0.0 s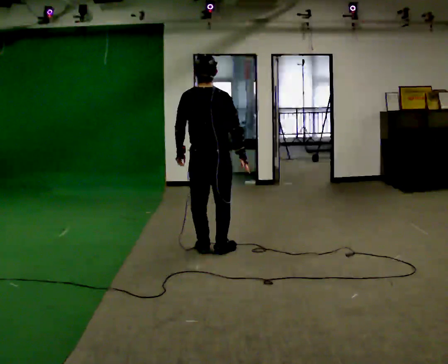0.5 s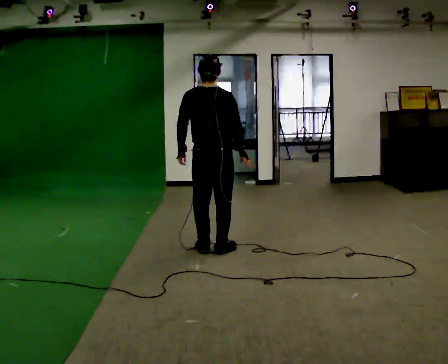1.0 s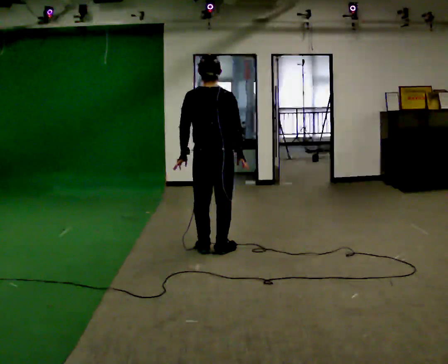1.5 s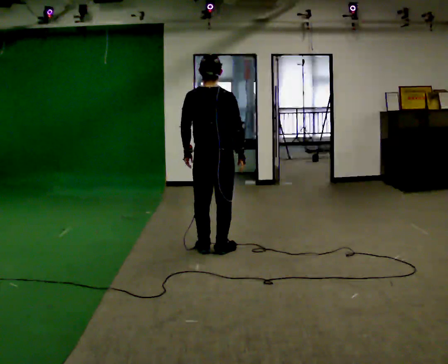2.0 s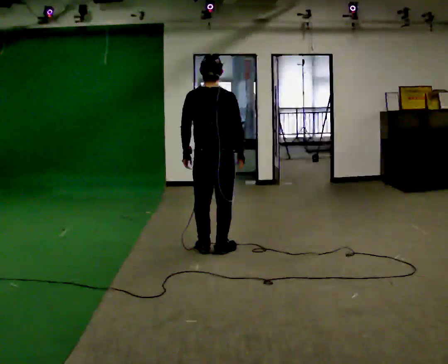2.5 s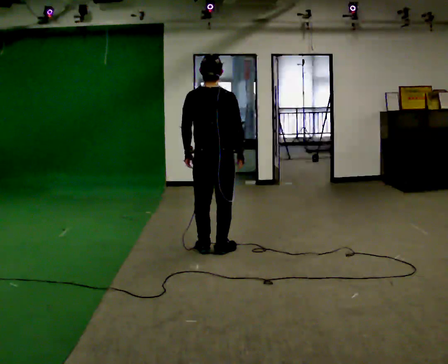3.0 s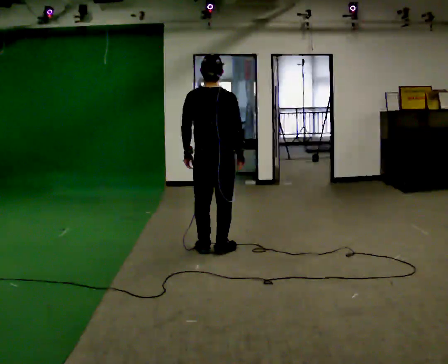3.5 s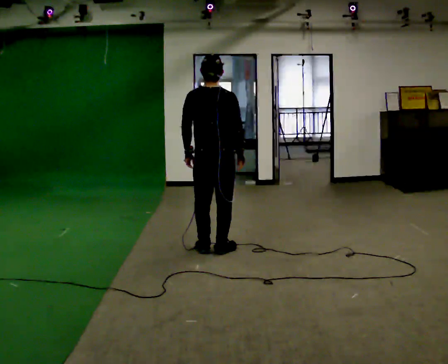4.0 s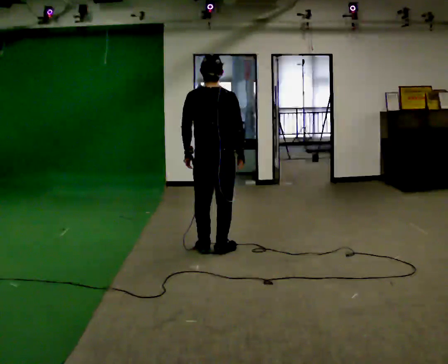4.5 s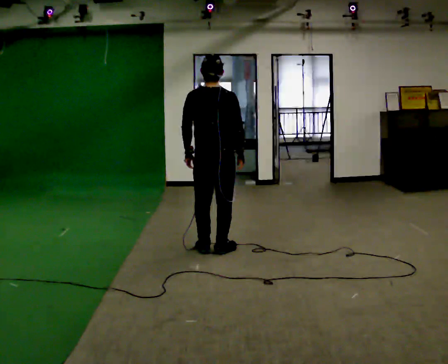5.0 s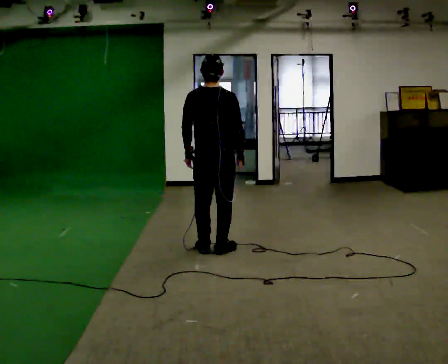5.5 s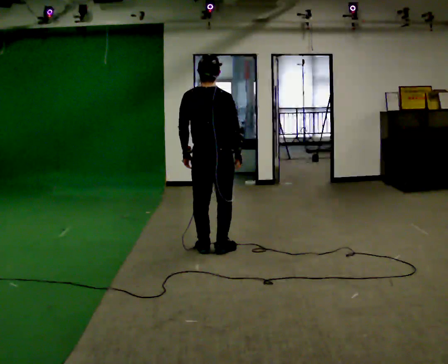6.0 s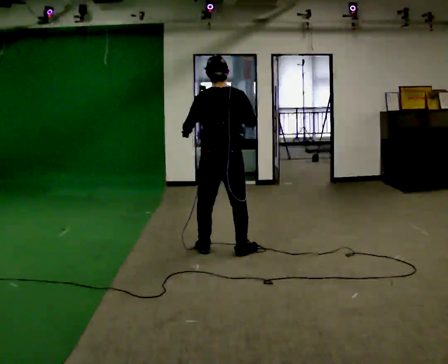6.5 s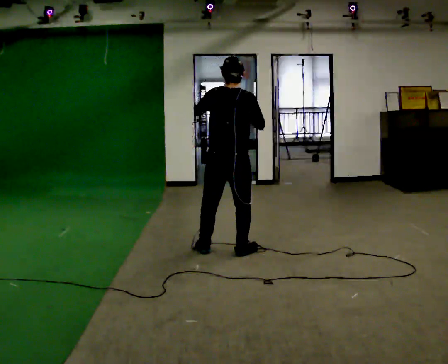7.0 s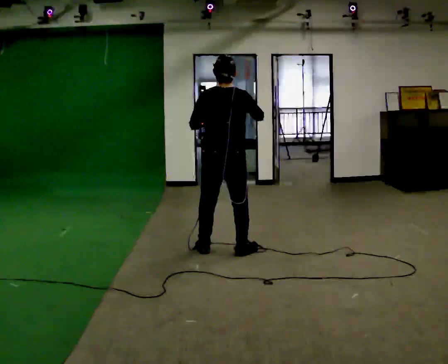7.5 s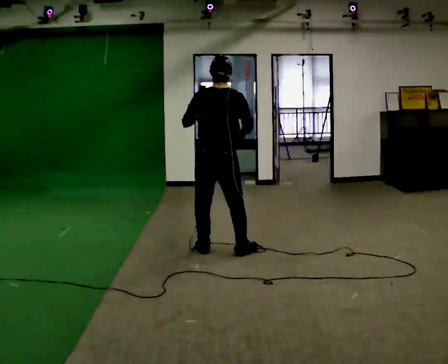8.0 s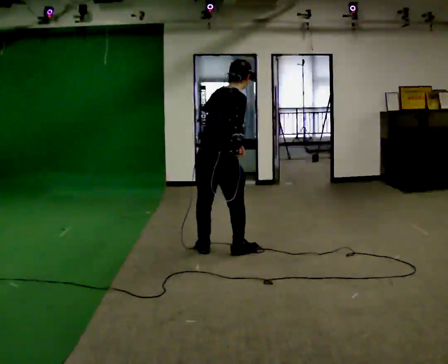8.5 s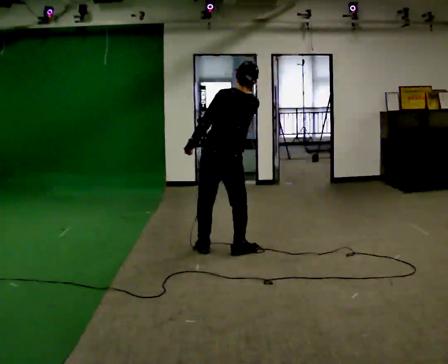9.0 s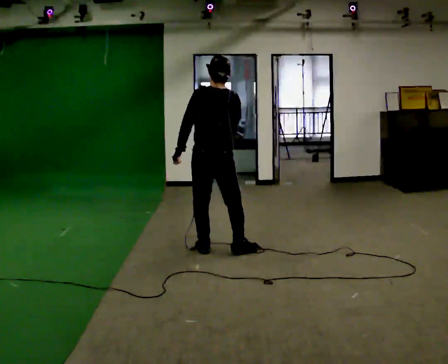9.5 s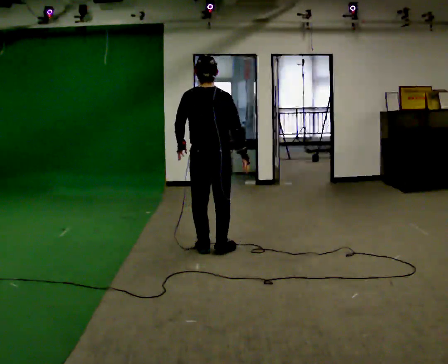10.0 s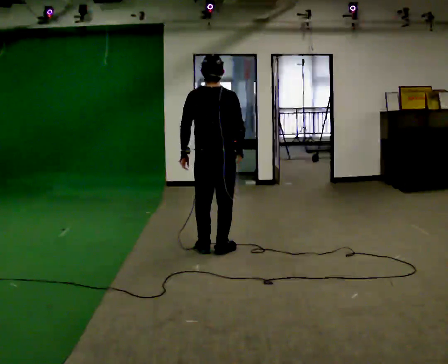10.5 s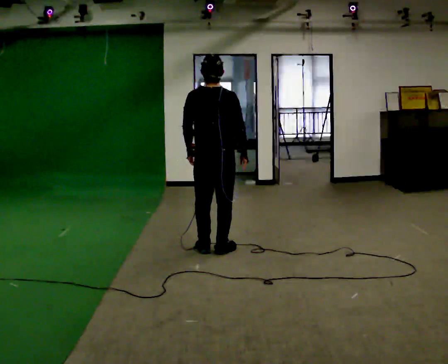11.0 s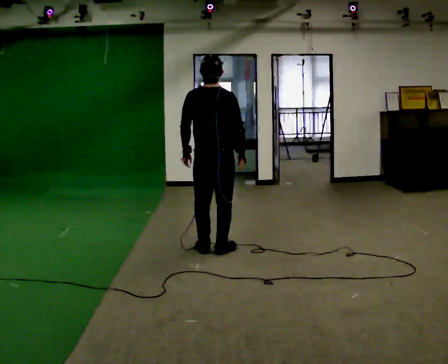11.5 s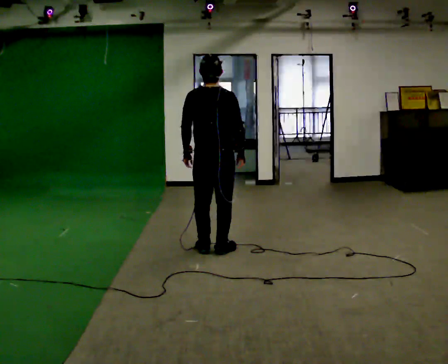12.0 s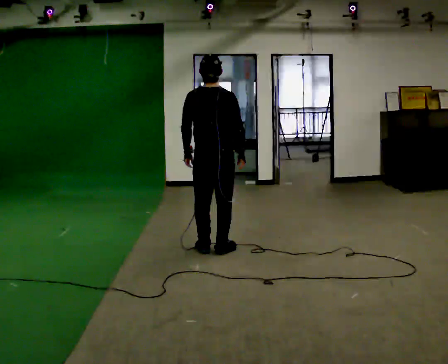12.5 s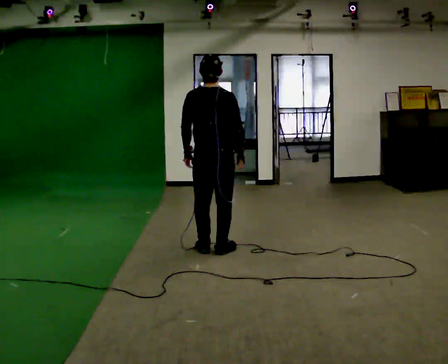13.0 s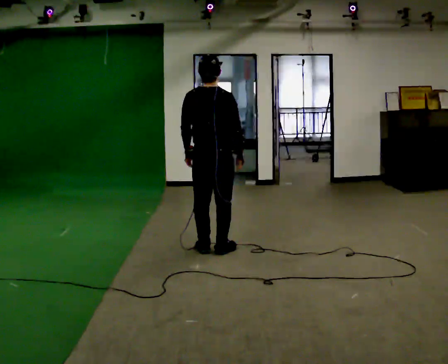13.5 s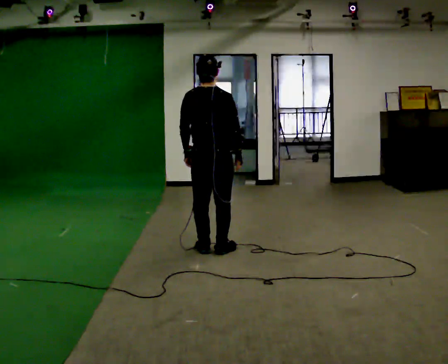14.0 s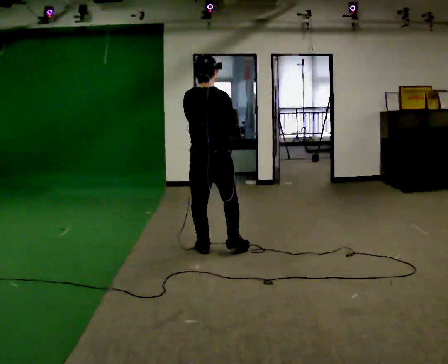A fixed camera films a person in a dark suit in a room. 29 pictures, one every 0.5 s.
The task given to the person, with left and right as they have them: Mimic boxing into the air at moderate speed with both hands, moving your feet only a little. Stay controlled; do not punch at full speed.
0.0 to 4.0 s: The person moves a little, or ends about where they began.
4.0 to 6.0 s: In the picture their right hand goes upward.
6.0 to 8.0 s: The part of the body nearest the lens slides to the left as the person turns to their right by about 30 degrees.
8.0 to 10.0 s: The person turns about 30 degrees to their left, counterclockwise seen from above, so the part of the body nearest the lens slides to the right.
10.0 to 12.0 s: The person moves a little, or ends about where they began.
12.0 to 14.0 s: In the picture their left hand goes upward.
The film runs forward here.
